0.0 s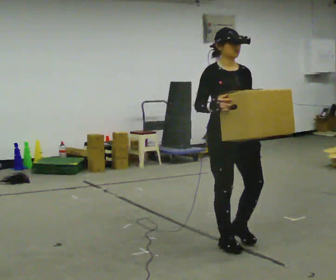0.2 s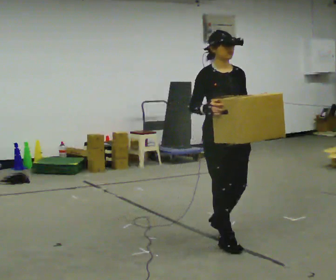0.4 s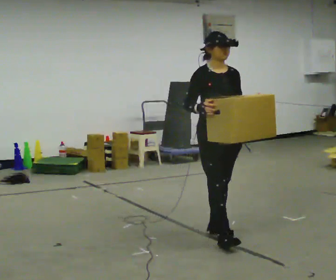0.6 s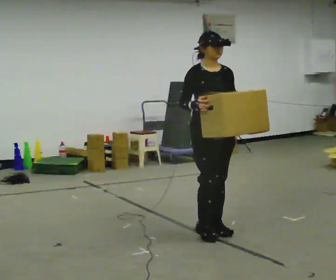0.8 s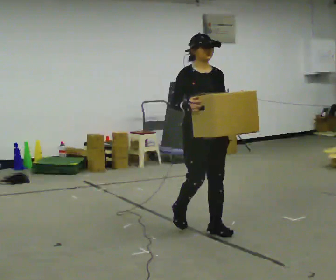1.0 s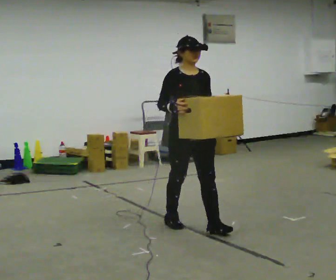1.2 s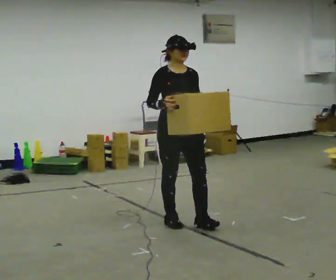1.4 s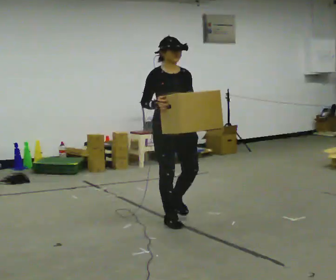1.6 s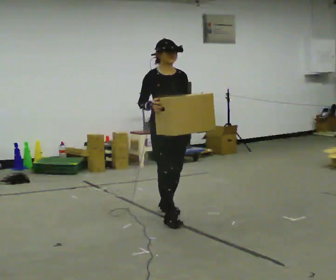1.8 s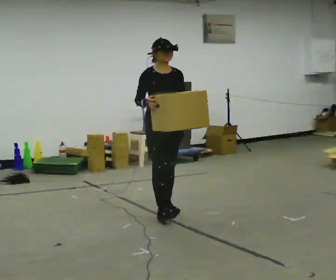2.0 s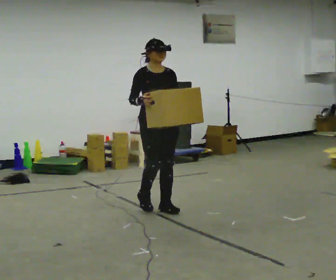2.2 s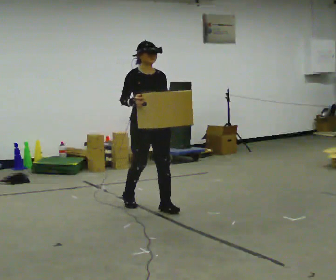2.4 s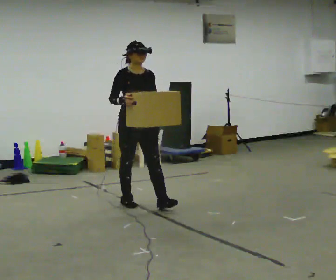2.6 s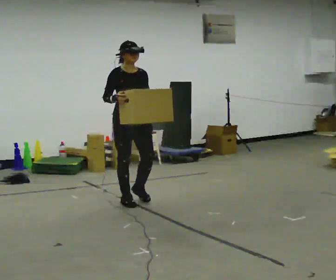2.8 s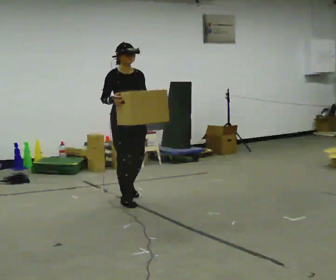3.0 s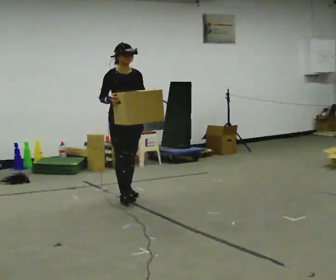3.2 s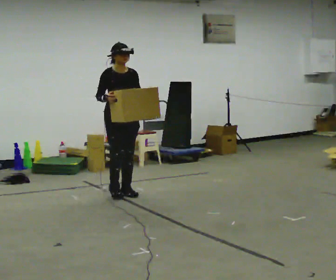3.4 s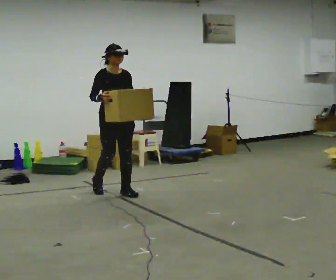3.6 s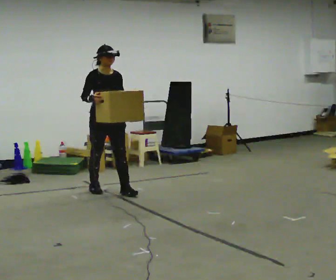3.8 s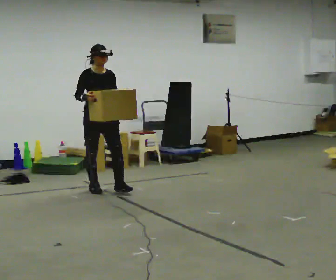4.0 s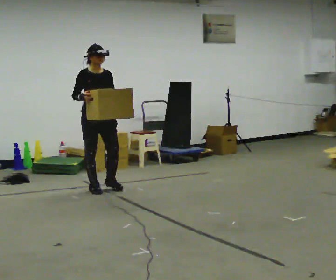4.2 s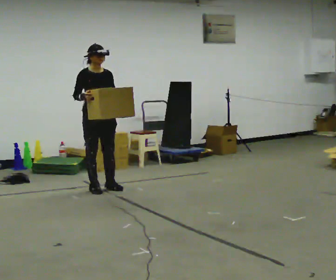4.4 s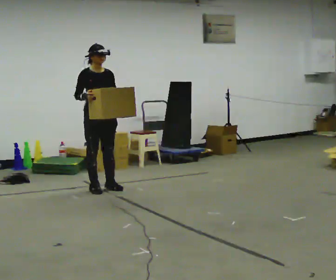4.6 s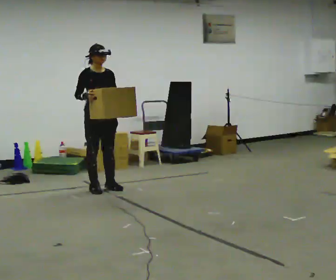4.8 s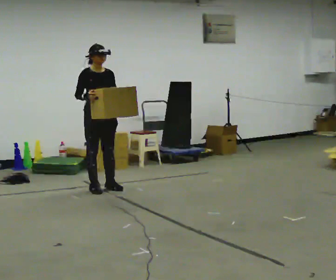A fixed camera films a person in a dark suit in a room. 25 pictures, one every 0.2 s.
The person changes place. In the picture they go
away from the camera.
0.0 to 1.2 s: In the picture they go away from the camera and to the left, about 0.5 m in 2 steps, which for them is backward.
1.2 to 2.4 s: In the picture they go away from the camera and to the left, about 1 m in 2 steps, which for them is backward.
2.4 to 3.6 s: In the picture they go away from the camera and to the left, about 0.75 m in 1 step, which for them is backward.
3.6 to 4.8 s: In the picture they go away from the camera, about 0.25 m in 1 step, which for them is backward.
The film runs backward here.
